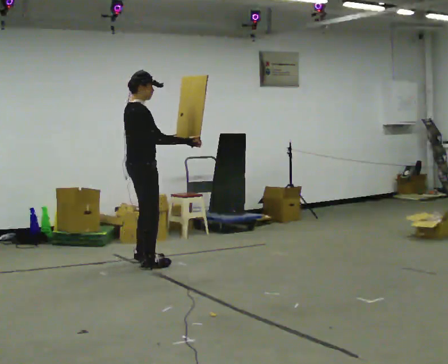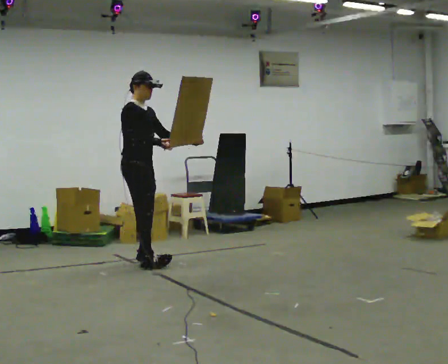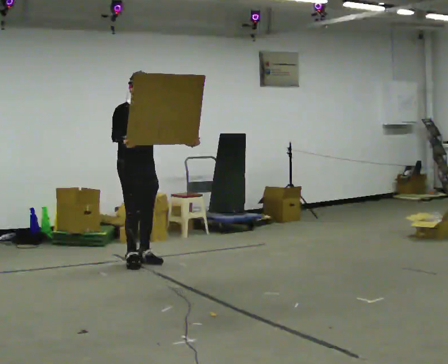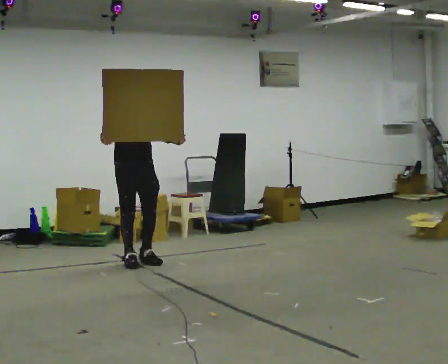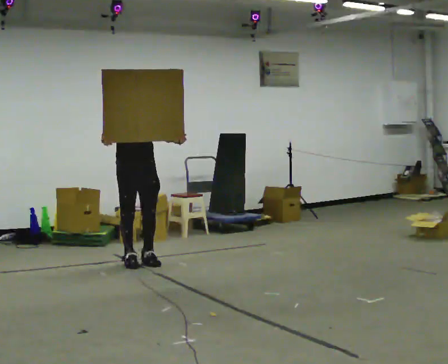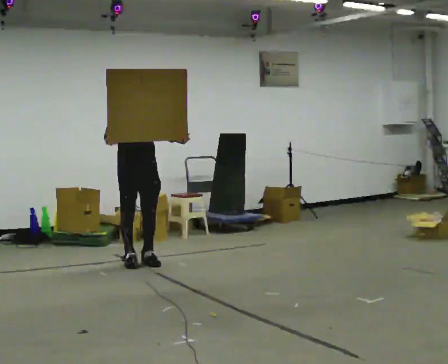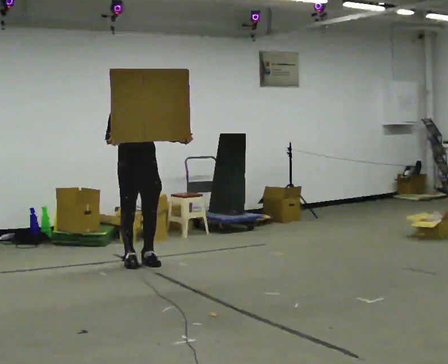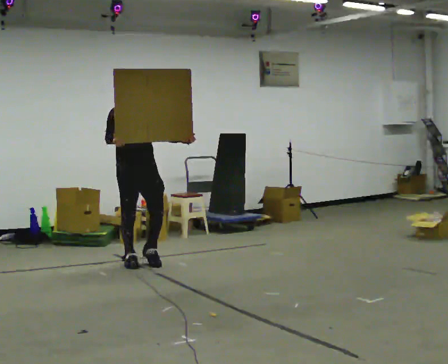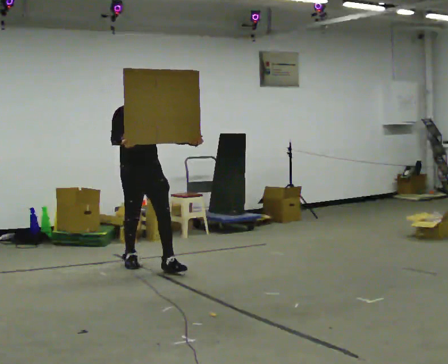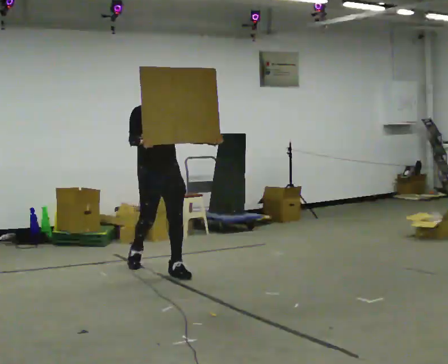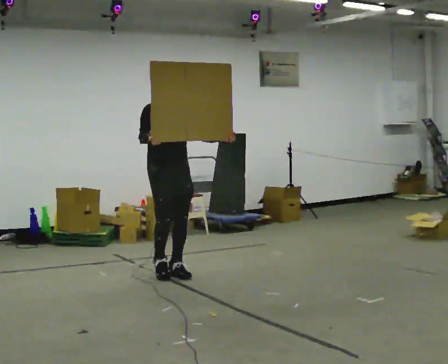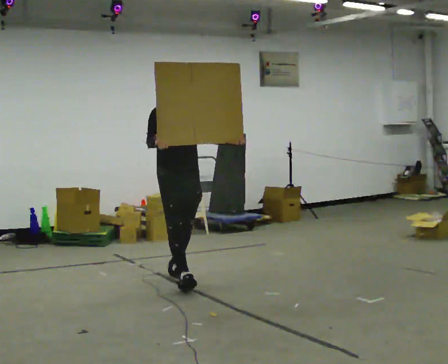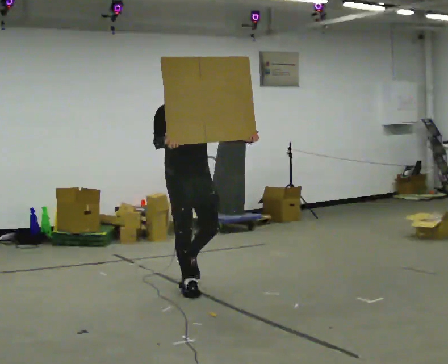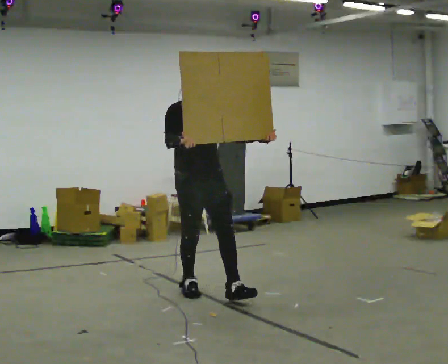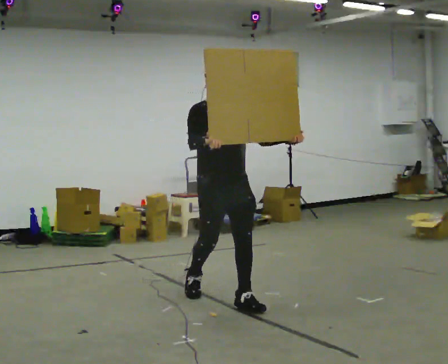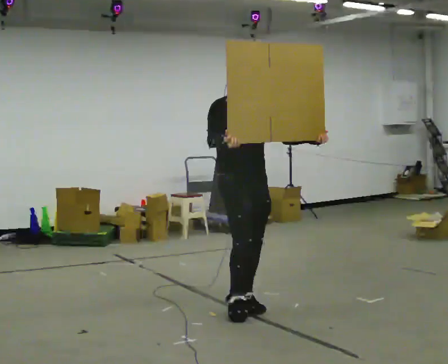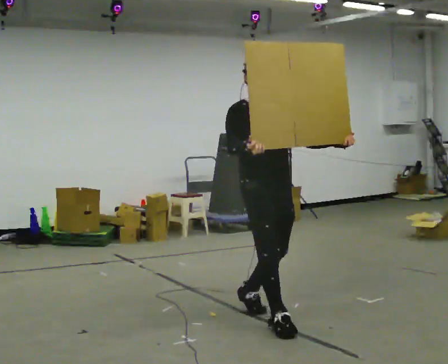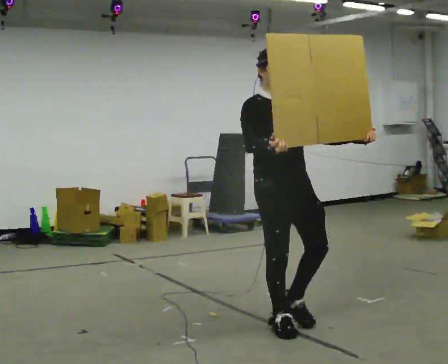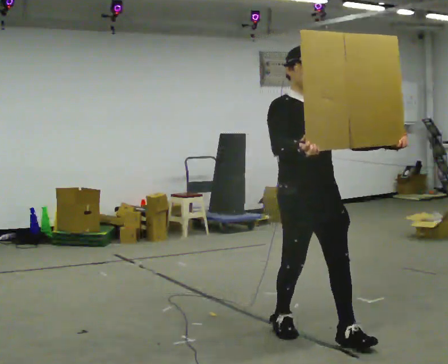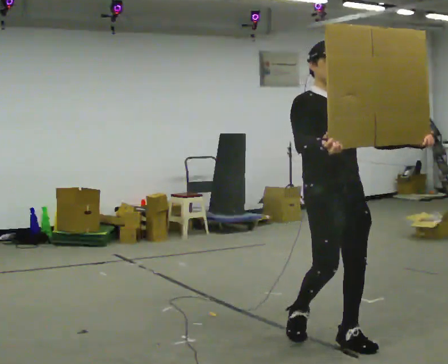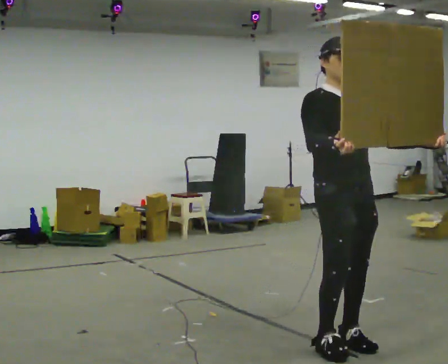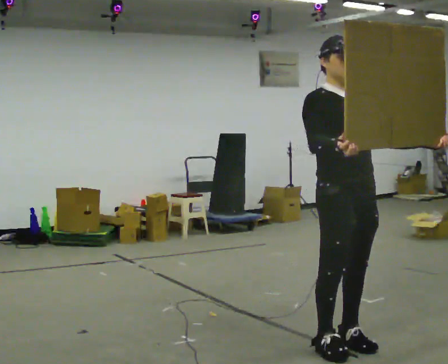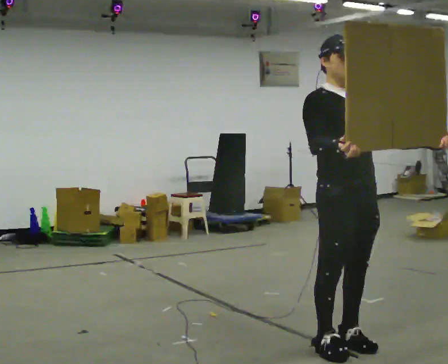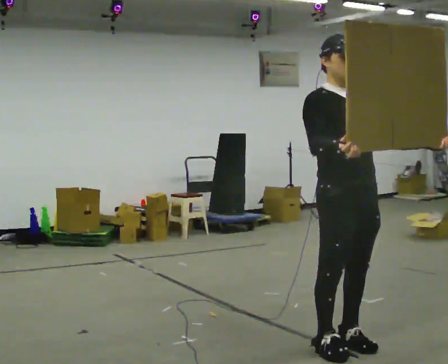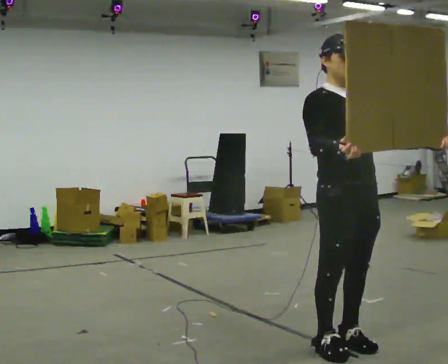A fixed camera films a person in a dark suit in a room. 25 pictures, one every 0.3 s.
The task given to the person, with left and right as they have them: Carry the large panel across the room. It will block your view ahead, so take whatever route feels safe. Keep going until the operator says stop; one object at a time, and do not rush between trips.
0.0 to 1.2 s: Seen from above the body turns clockwise, about 75 degrees: to their right, with its near side sliding to the left.
1.2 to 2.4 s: In the picture they go toward the camera, about 0.25 m, which for them is forward.
2.4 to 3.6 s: In the picture they go toward the camera and to the right, about 1 m in 2 steps, which for them is forward.
3.6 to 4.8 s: In the picture they go toward the camera and to the right, about 1 m in 2 steps, which for them is forward.
4.8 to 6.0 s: In the picture they go toward the camera and to the right, about 0.75 m in 2 steps, which for them is forward.
6.0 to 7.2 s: The person moves a little, or ends about where they began.
The film runs forward here.
